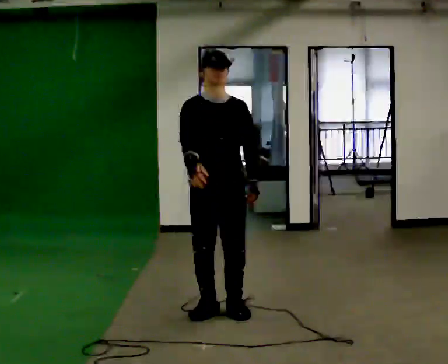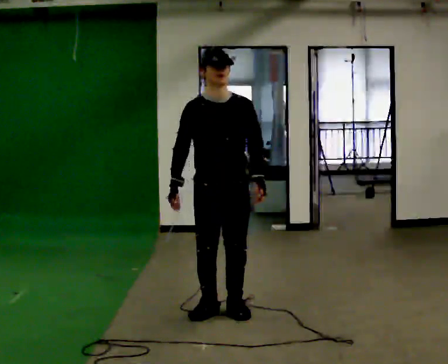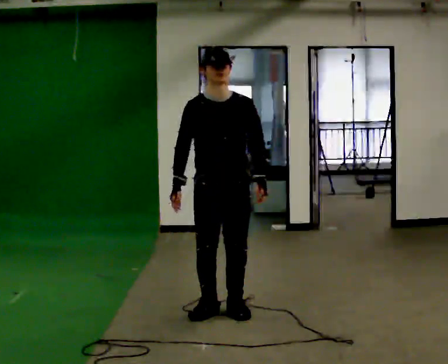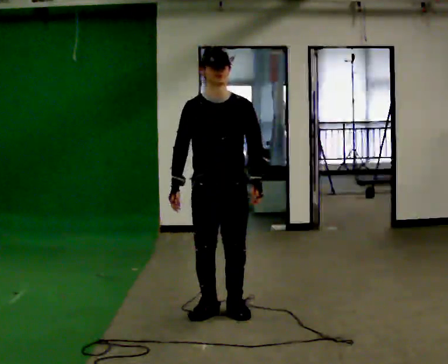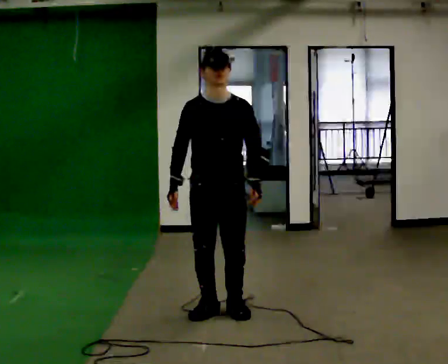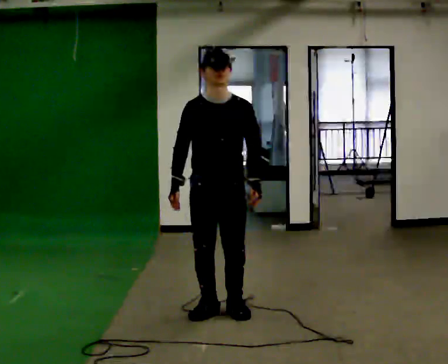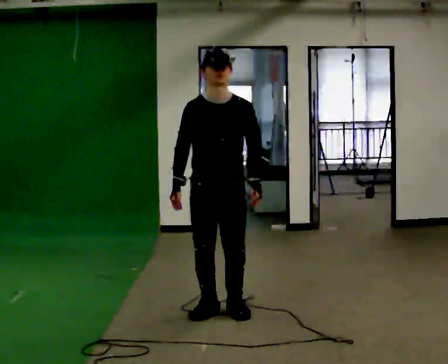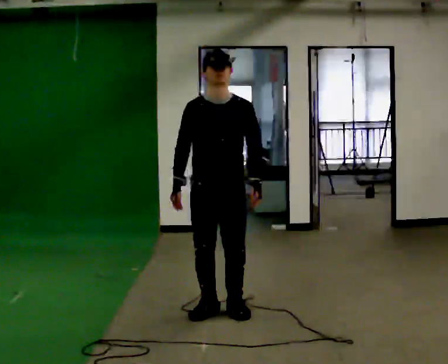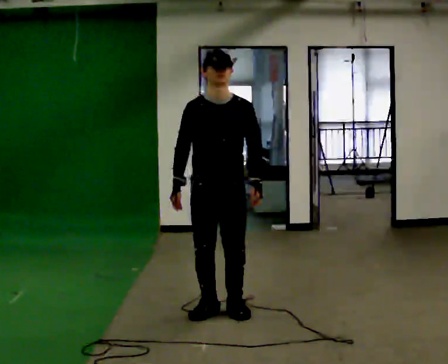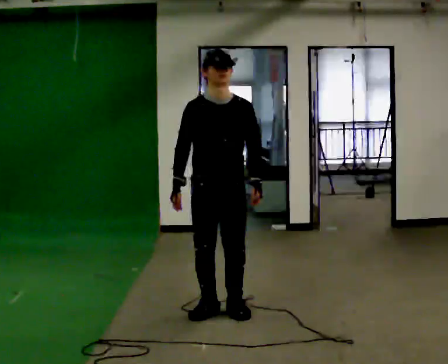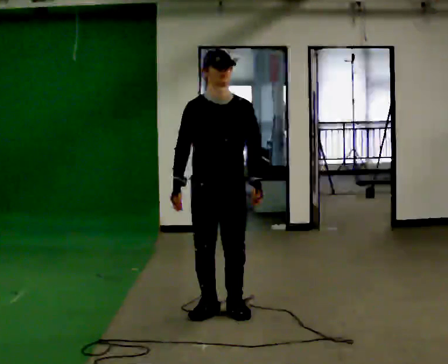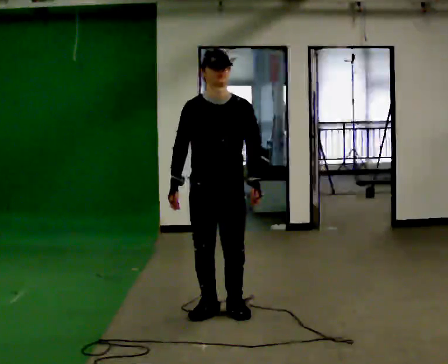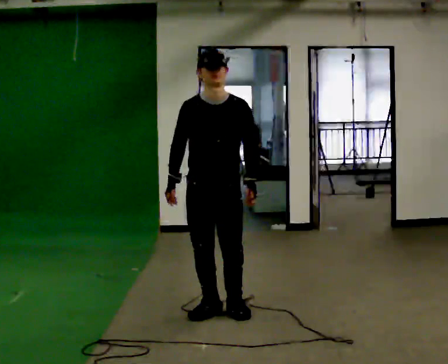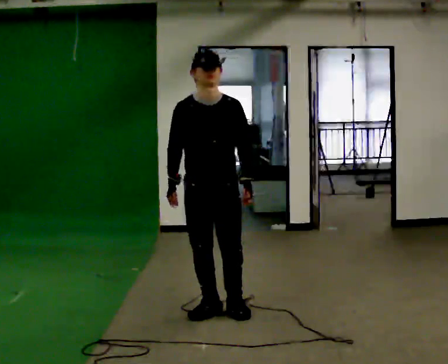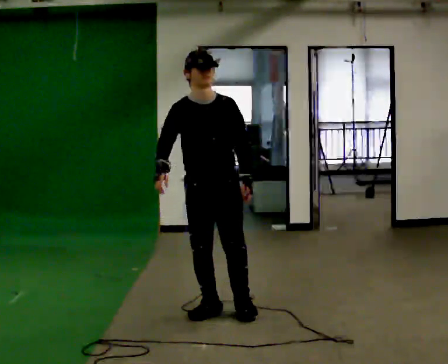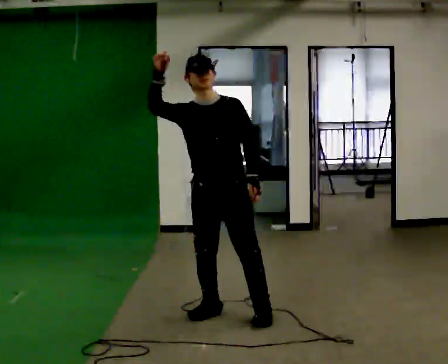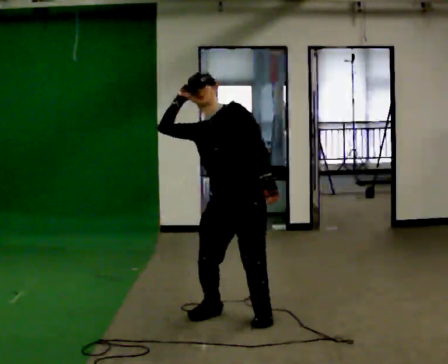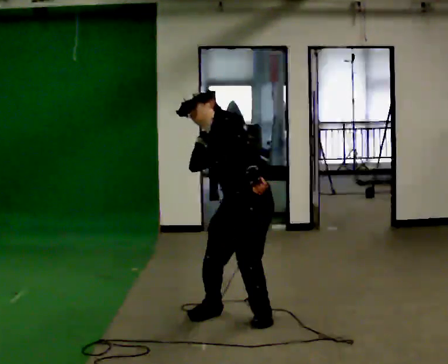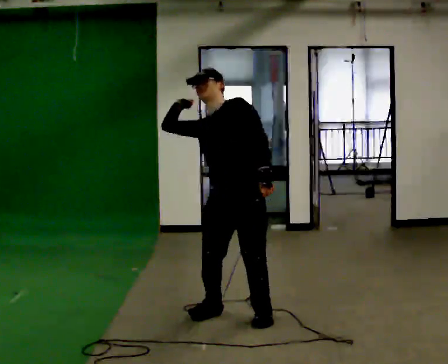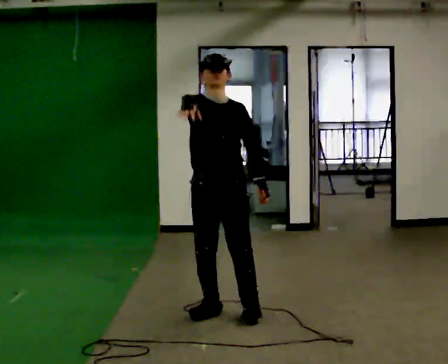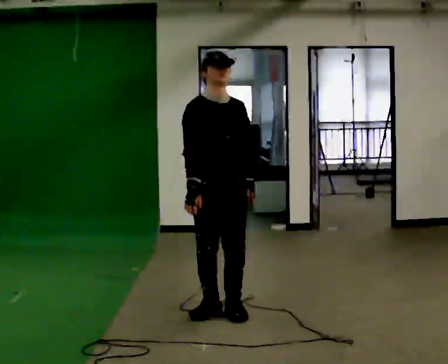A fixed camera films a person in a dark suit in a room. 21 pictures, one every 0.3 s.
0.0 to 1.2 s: The person moves a little, or ends about where they began.
1.2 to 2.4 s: The person keeps their place and pose.
2.4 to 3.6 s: The person moves a little, or ends about where they began.
3.6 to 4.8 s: The person turns about 45 degrees to their right, clockwise seen from above, so the part of the body nearest the lens slides to the left. In the picture they go to the right, about 0.25 m in 1 step, which for them is forward and to their left. The upper body tips away from the camera, its near side rolling upward, as they lean back or straighten. In the picture their right hand goes upward.
4.8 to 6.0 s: Seen from above the body turns counterclockwise, about 60 degrees: to their left, with its near side sliding to the right. The upper body tips toward the camera, its near side rolling downward. In the picture their right hand goes downward.
The film runs forward here.
